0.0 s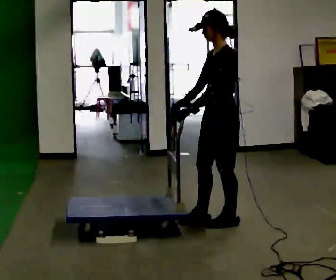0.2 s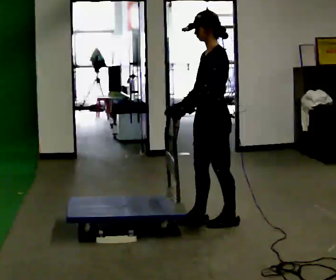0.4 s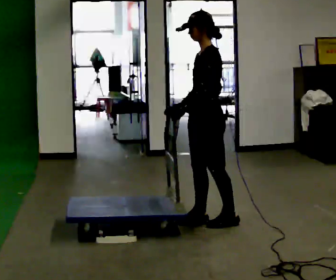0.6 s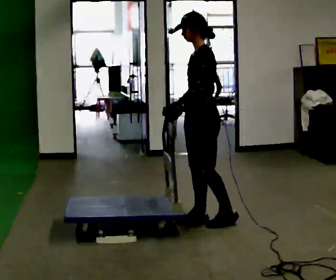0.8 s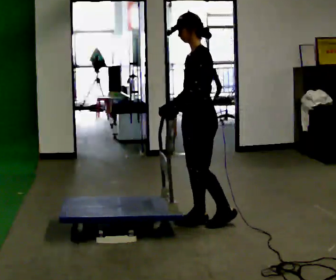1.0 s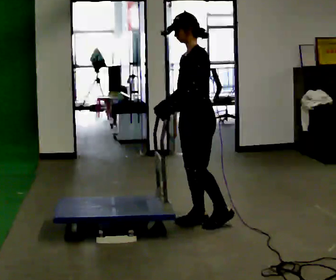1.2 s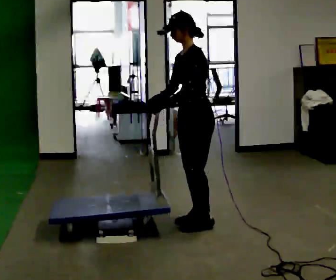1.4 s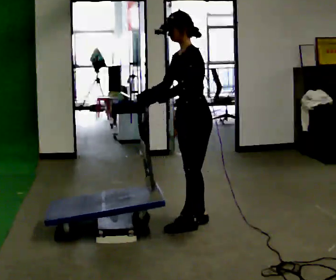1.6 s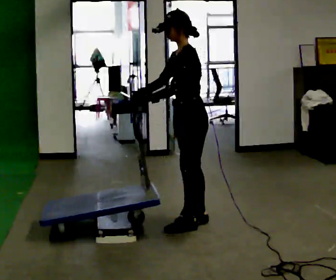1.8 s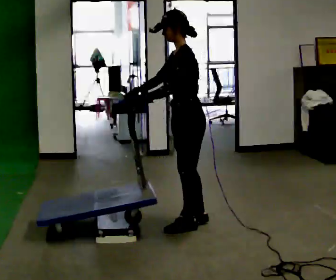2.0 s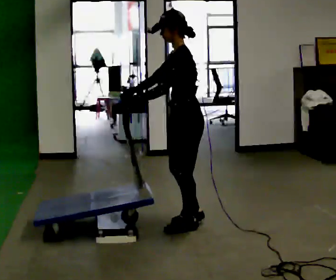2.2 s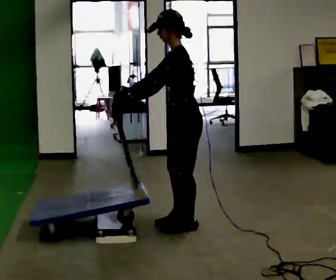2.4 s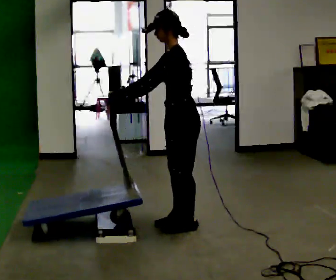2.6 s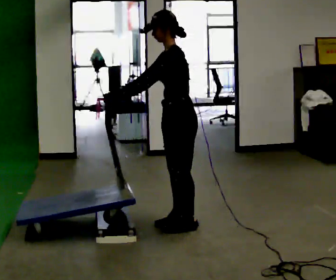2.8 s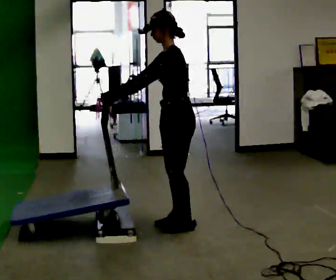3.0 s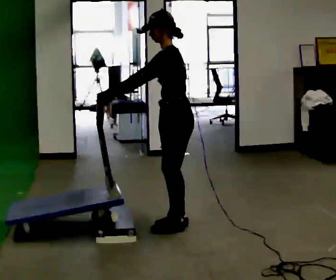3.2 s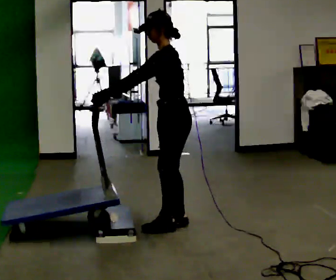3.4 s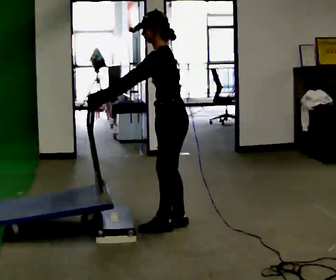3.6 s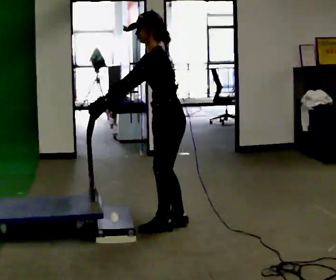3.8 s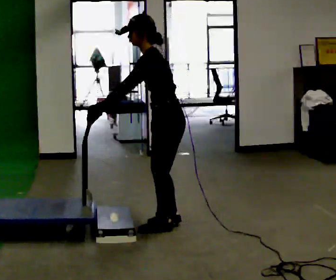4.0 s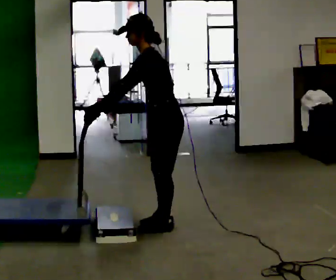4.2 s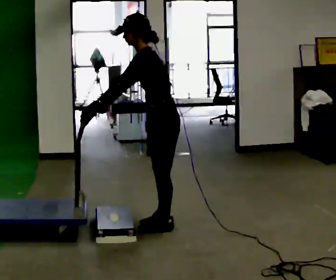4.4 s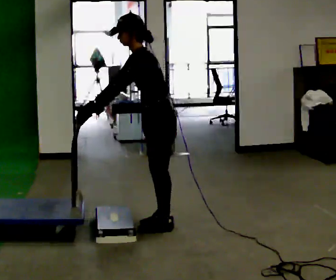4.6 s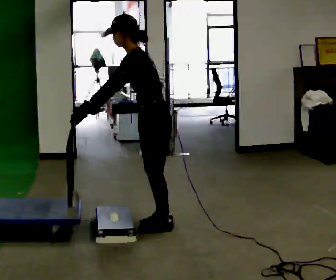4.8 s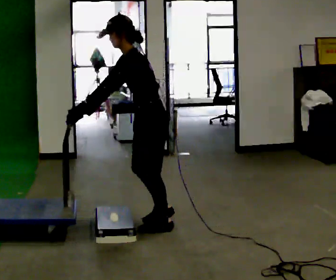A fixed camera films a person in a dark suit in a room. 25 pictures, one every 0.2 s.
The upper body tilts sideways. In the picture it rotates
counterclockwise.
0.0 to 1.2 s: In the picture they go to the left, about 0.25 m in 1 step, which for them is forward.
1.2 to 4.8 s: In the picture they go to the left and toward the camera, about 0.25 m in 3 steps, which for them is forward. In the picture the upper body tilts counterclockwise, shoulders to the left, as they bend forward.
The film runs forward here.
